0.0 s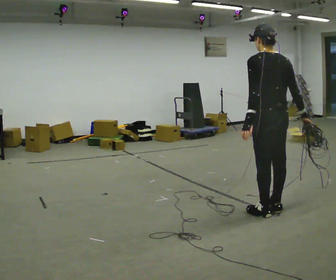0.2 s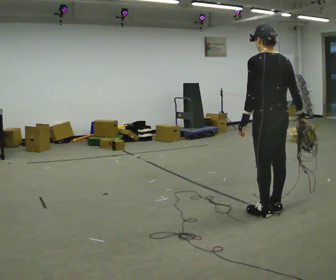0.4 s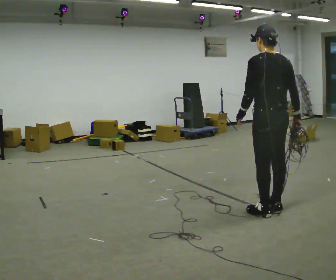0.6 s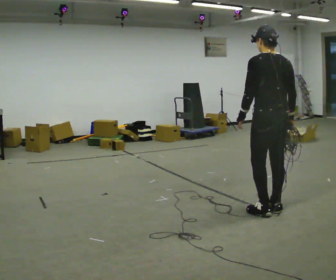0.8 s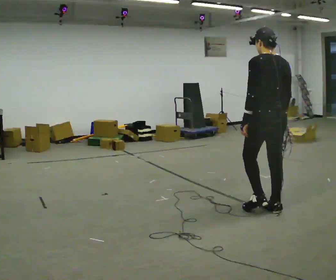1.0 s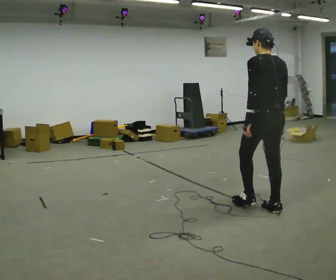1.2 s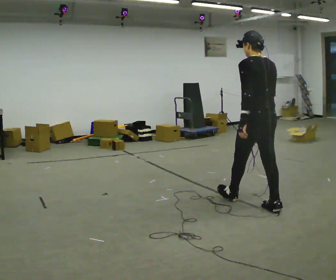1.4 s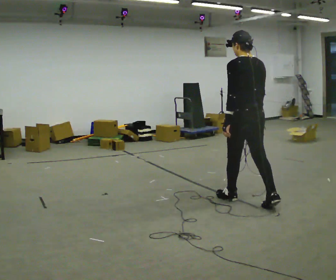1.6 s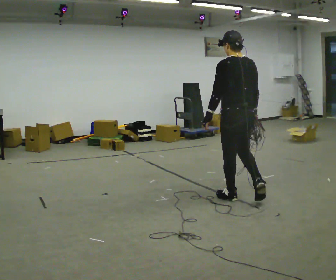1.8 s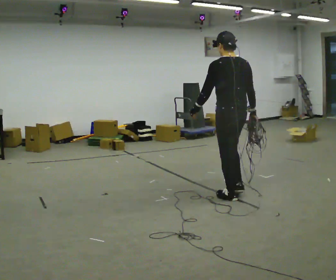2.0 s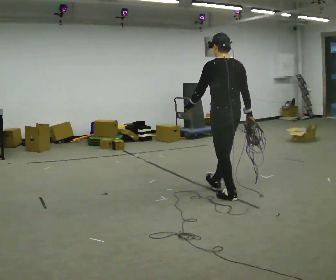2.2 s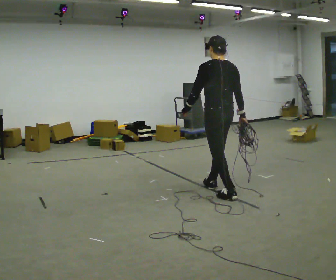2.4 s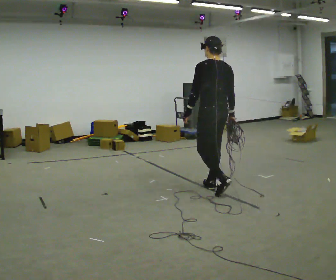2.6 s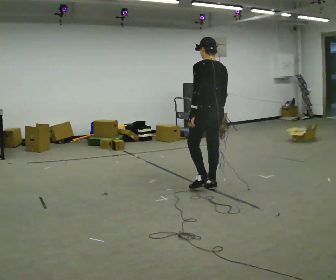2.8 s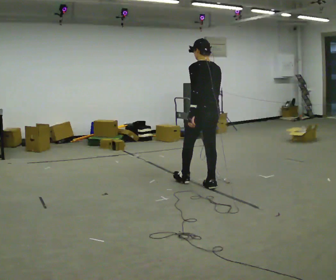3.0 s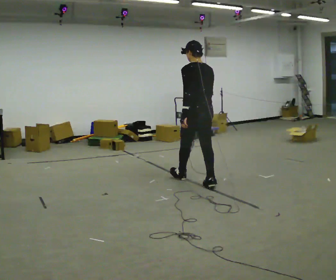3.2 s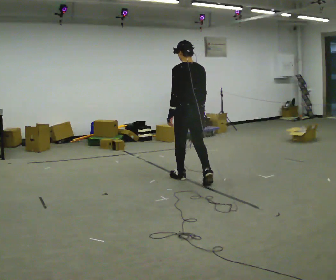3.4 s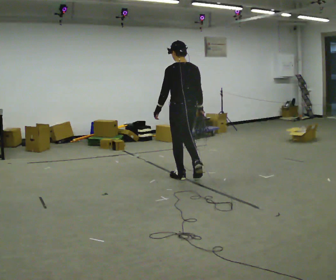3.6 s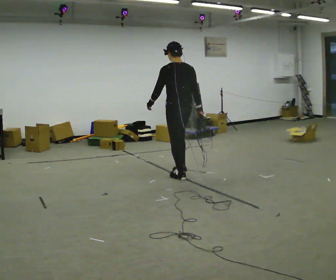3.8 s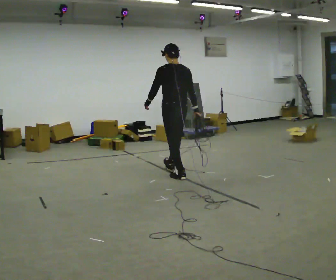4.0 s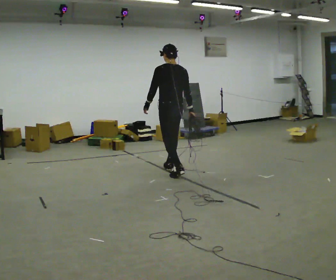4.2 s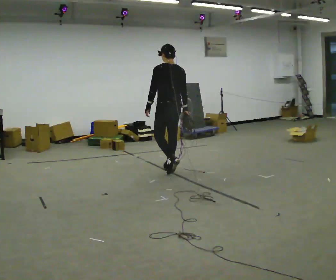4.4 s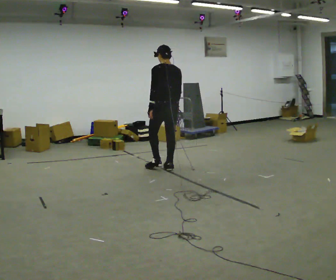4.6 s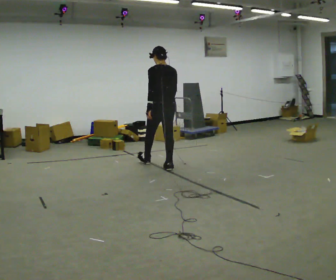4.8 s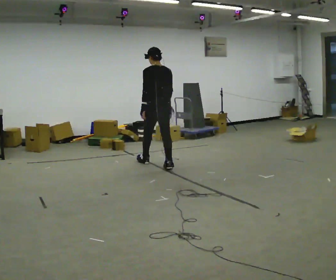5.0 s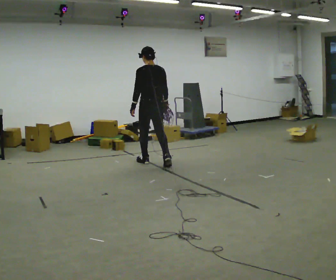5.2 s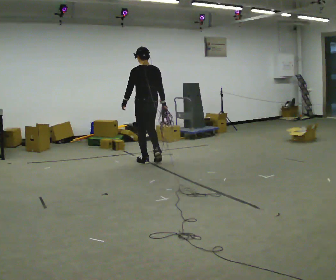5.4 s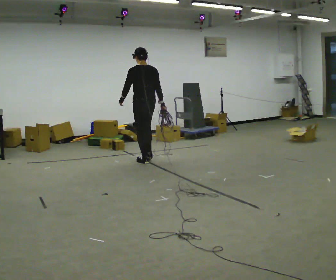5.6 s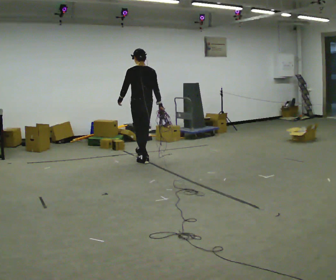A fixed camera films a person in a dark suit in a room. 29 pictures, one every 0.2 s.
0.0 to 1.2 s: In the picture they go away from the camera, about 0.25 m in 1 step, which for them is forward. In the picture their right hand goes to the left.
1.2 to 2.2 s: In the picture they go away from the camera and to the left, about 0.5 m in 1 step, which for them is forward.
2.2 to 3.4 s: In the picture they go away from the camera and to the left, about 1 m in 1 step, which for them is forward.
3.4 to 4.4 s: In the picture they go away from the camera and to the left, about 0.5 m in 1 step, which for them is forward.
4.4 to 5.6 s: In the picture they go to the left and away from the camera, about 0.75 m in 2 steps, which for them is forward.
The film runs forward here.
